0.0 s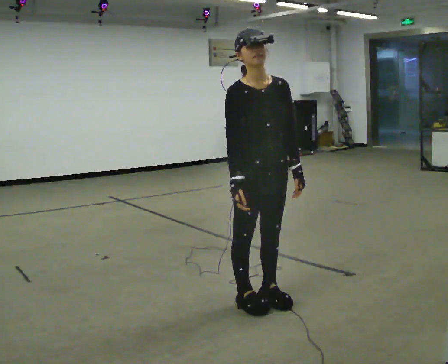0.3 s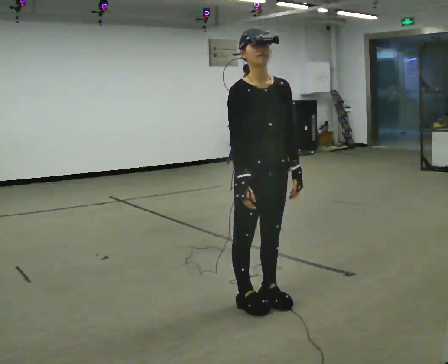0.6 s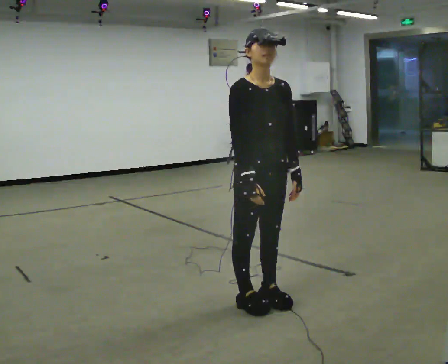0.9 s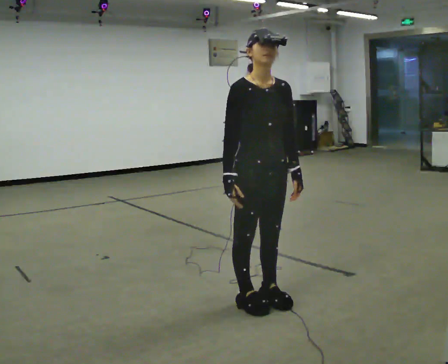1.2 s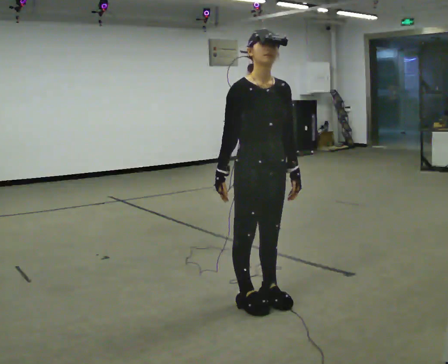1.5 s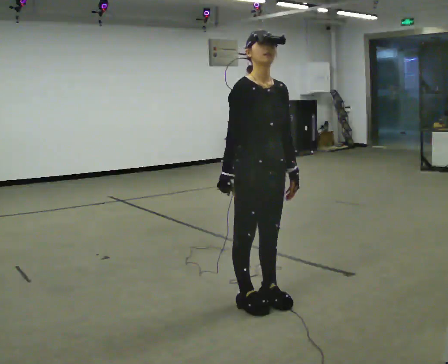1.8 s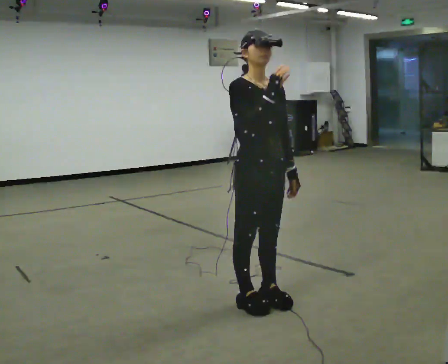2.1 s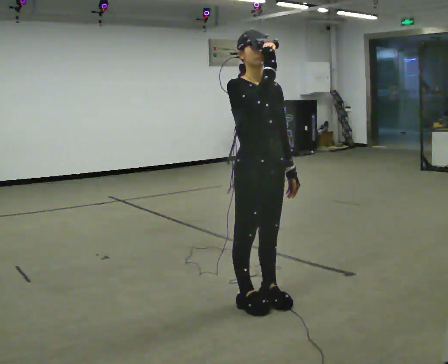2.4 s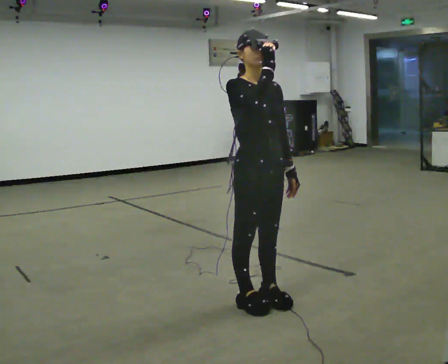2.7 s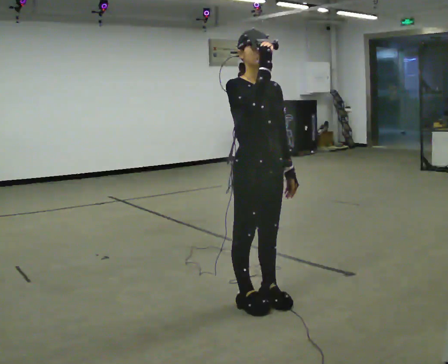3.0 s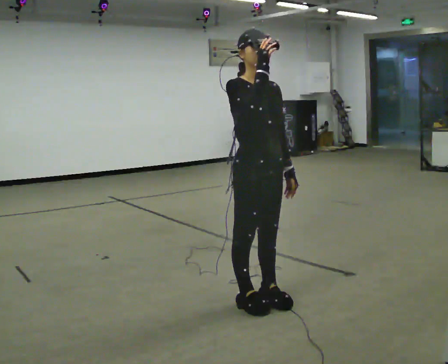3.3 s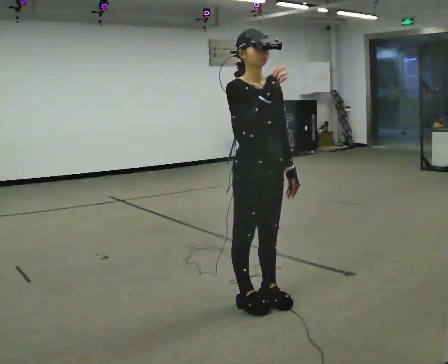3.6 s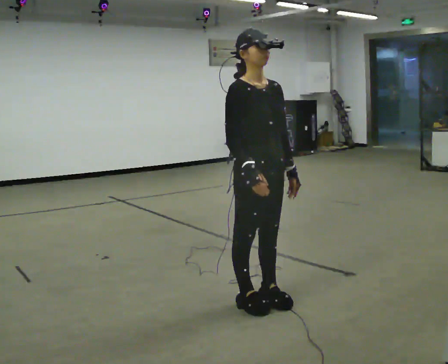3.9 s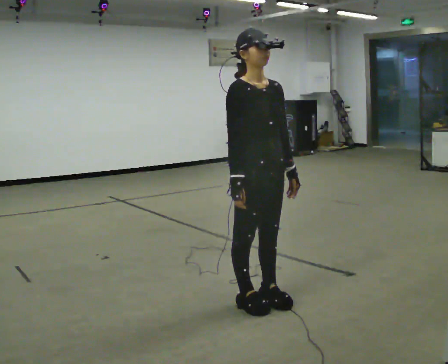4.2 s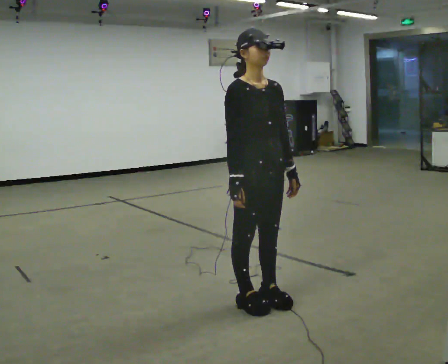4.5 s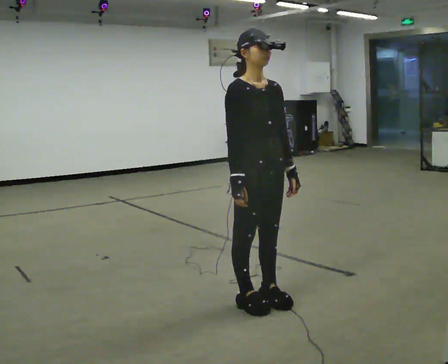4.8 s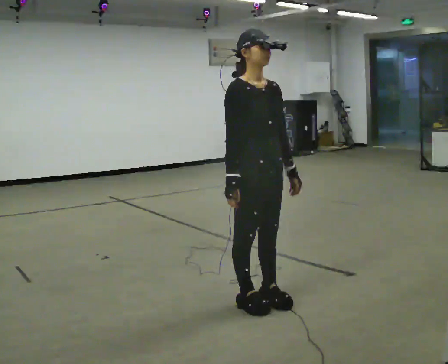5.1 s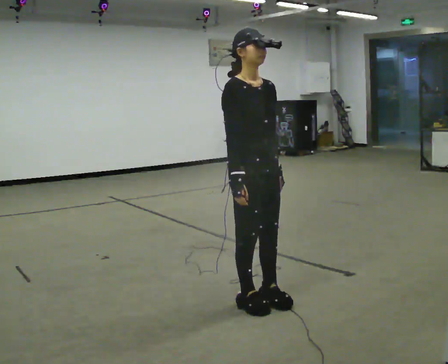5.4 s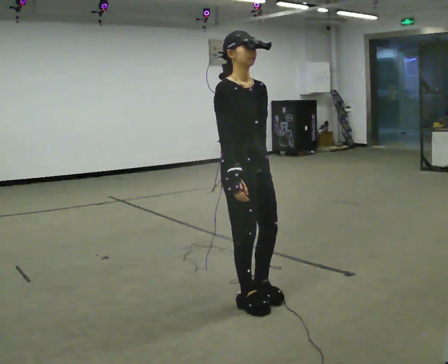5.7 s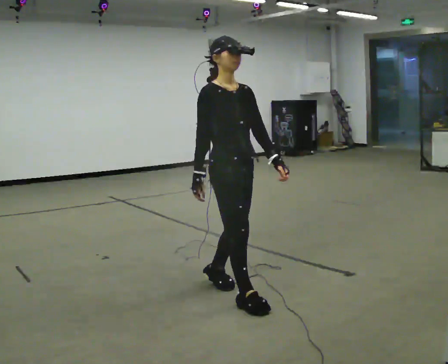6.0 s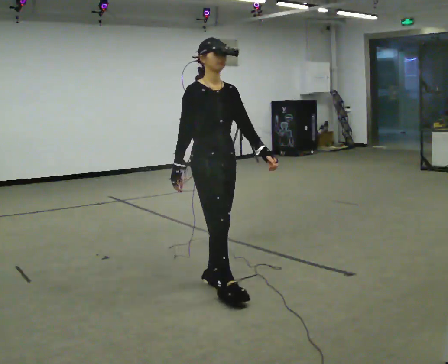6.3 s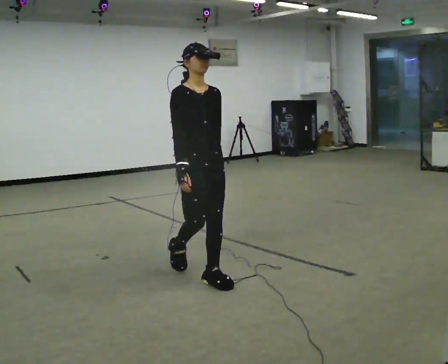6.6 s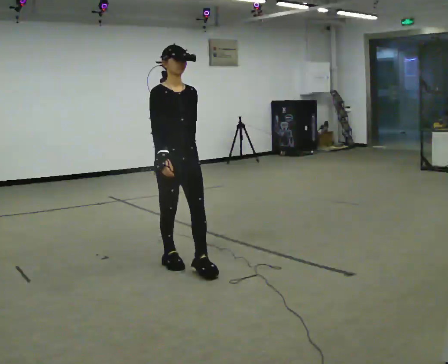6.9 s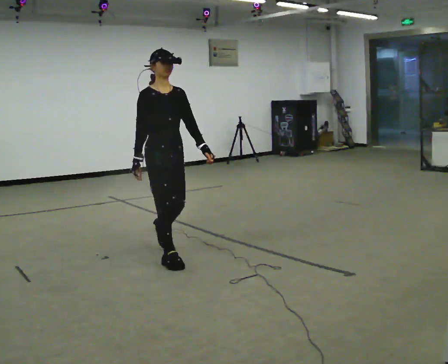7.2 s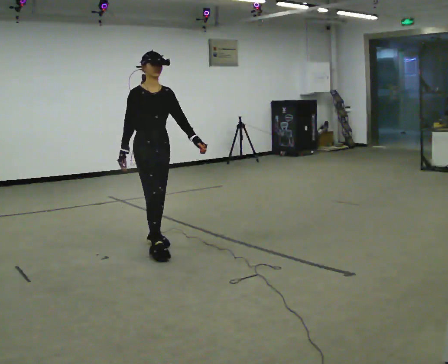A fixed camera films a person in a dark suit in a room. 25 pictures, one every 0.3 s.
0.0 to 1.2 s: The person moves a little, or ends about where they began.
1.2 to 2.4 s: In the picture their right hand goes upward.
2.4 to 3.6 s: In the picture their right hand goes downward.
3.6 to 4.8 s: The person moves a little, or ends about where they began.
4.8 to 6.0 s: In the picture they go away from the camera and to the left, about 0.5 m in 2 steps, which for them is backward.
6.0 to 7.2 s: In the picture they go away from the camera and to the left, about 1 m in 2 steps, which for them is backward.
The film runs backward here.
